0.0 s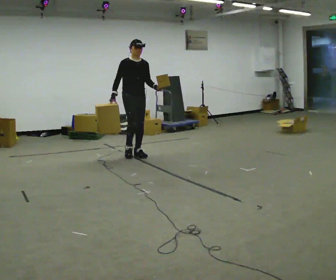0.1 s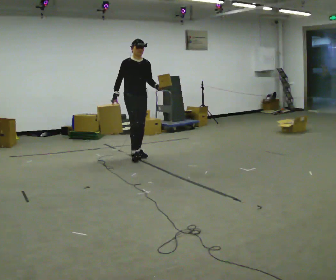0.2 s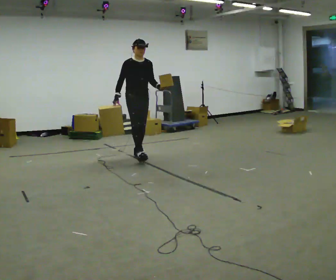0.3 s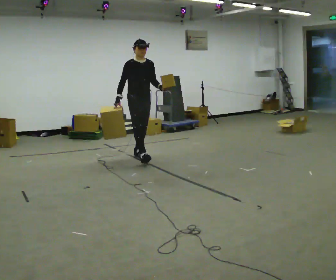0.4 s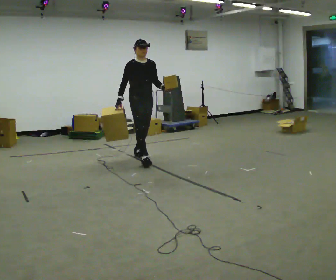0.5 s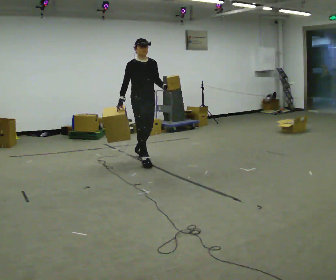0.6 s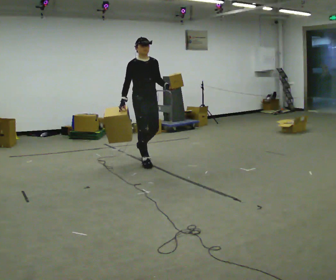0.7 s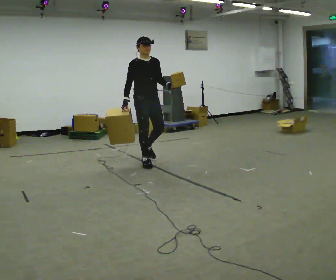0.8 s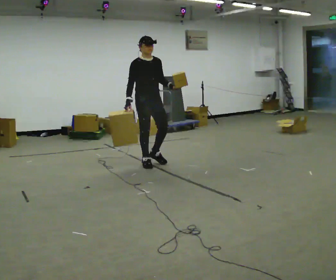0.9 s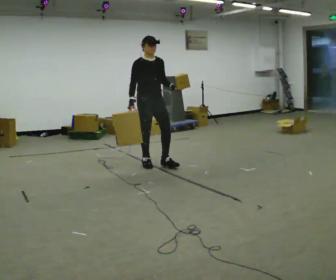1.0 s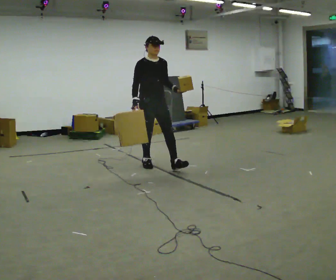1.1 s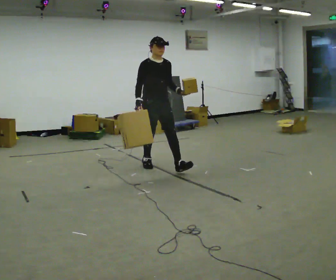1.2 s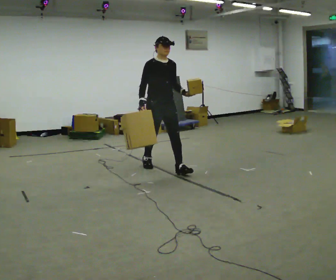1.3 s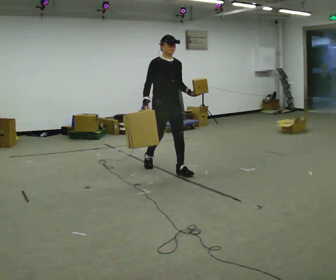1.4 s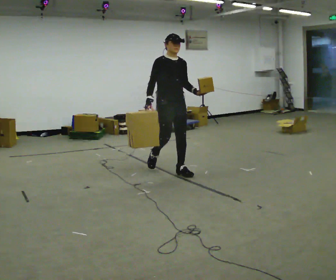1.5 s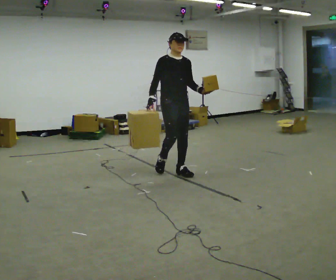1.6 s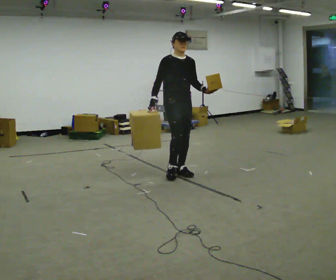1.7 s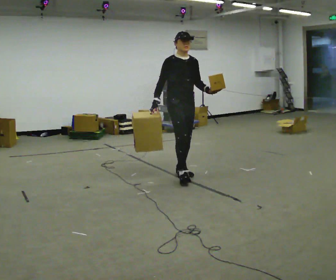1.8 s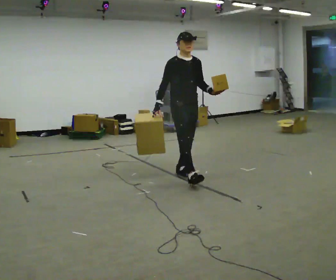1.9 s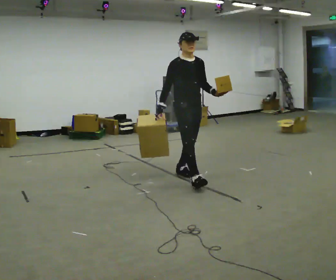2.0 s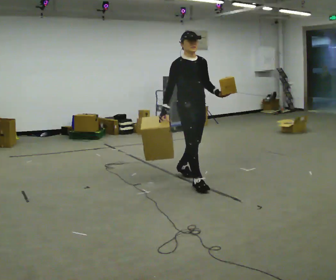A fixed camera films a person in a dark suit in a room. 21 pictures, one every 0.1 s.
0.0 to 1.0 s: In the picture they go toward the camera and to the right, about 0.5 m in 1 step, which for them is forward.
1.0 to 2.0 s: In the picture they go toward the camera and to the right, about 1 m in 2 steps, which for them is forward.
The film runs forward here.
